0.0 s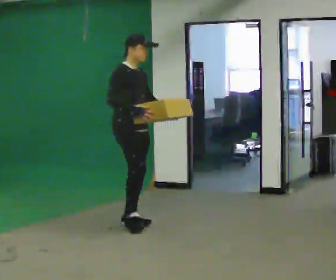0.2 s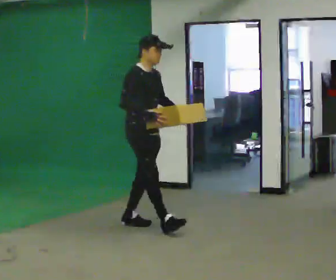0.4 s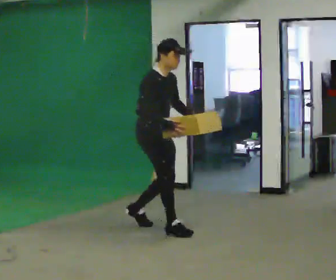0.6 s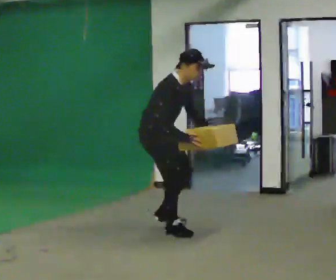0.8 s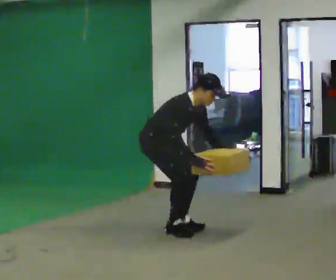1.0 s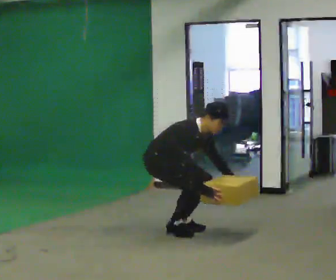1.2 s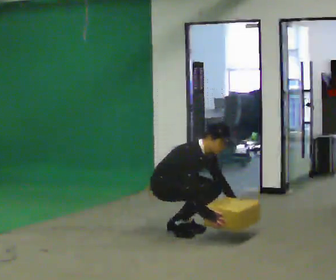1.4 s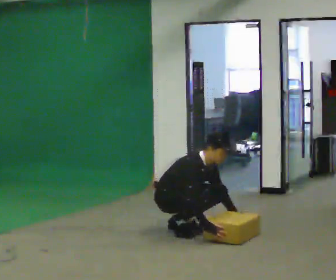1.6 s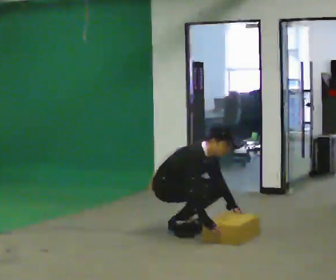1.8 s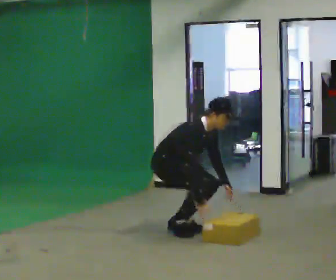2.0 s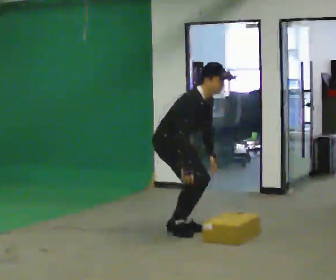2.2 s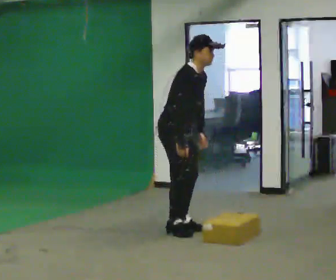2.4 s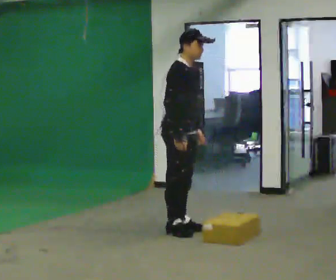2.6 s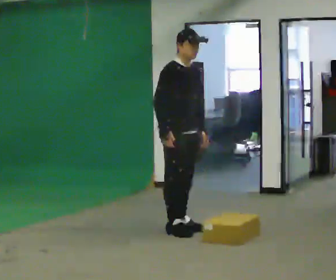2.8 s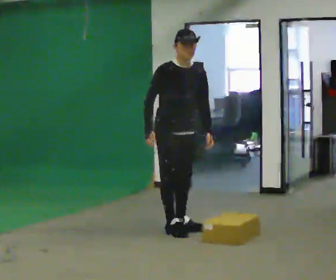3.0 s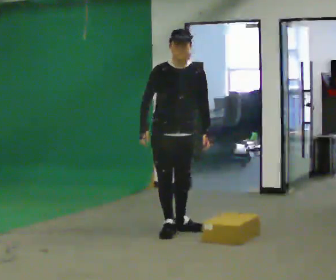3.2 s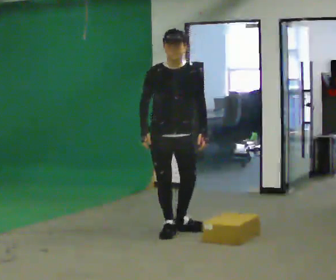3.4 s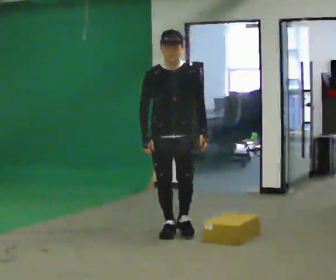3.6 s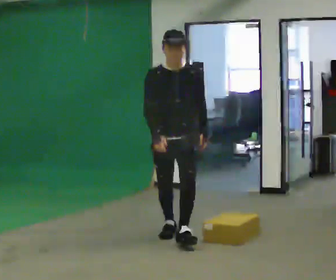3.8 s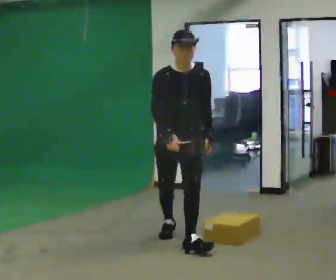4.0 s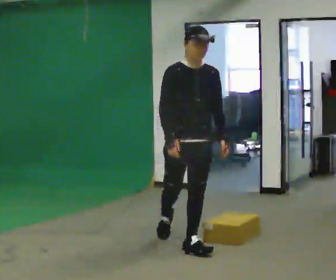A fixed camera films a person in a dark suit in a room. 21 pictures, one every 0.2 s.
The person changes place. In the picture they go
toward the camera.
0.0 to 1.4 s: In the picture they go to the right and toward the camera, about 0.5 m in 2 steps, which for them is forward. The upper body goes downward. In the picture the upper body tilts clockwise, shoulders to the right, as they bend forward. In the picture their right hand goes downward.
1.4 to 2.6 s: The upper body goes upward. In the picture the upper body tilts counterclockwise, shoulders to the left, as they lean back or straighten. In the picture their right hand goes upward and to the left.
2.6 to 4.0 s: The part of the body nearest the lens slides to the left as the person turns to their right by about 30 degrees. In the picture they go toward the camera, about 0.5 m in 1 step, which for them is forward.
The film runs forward here.
